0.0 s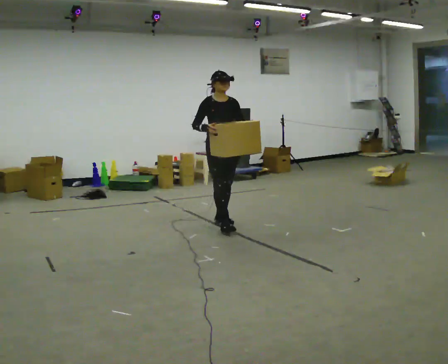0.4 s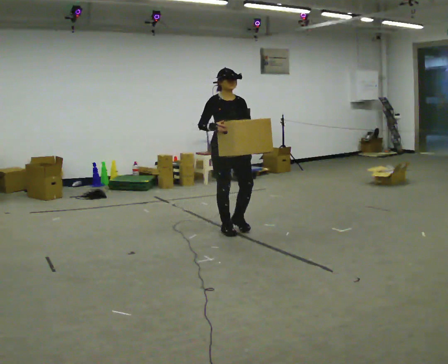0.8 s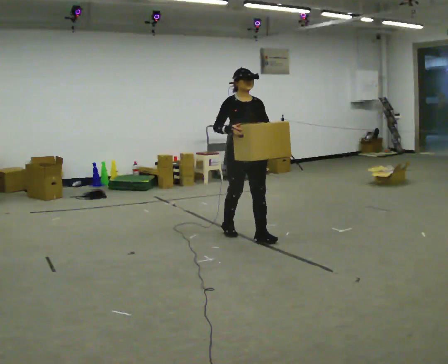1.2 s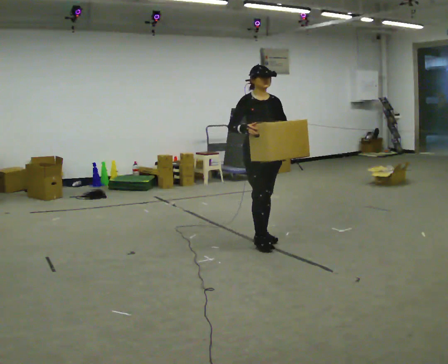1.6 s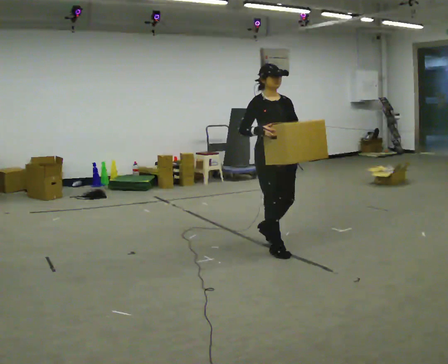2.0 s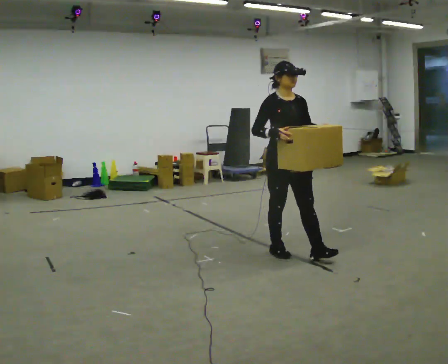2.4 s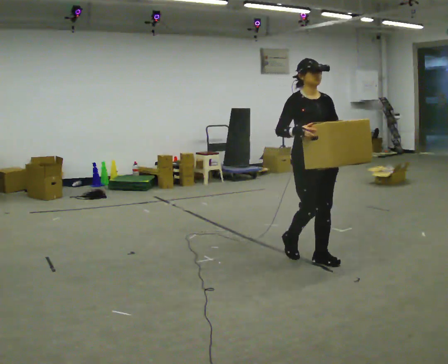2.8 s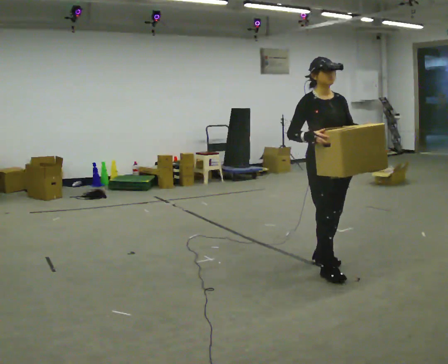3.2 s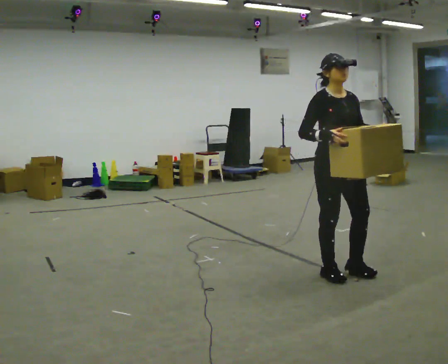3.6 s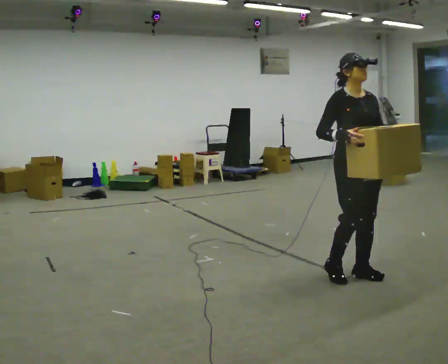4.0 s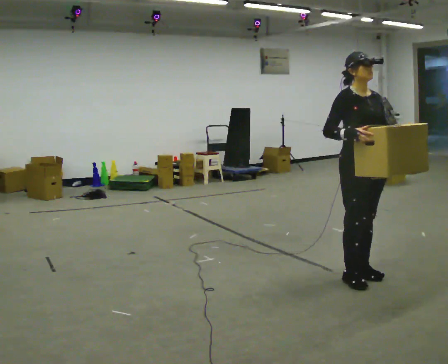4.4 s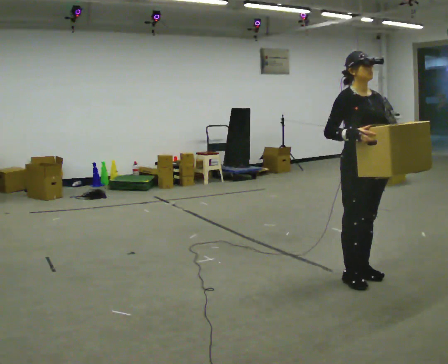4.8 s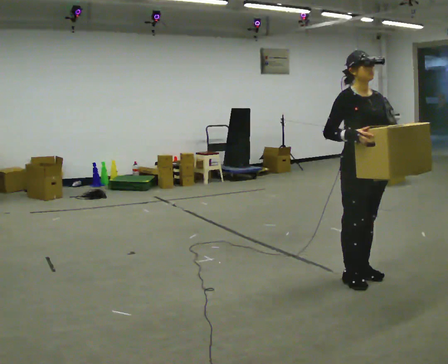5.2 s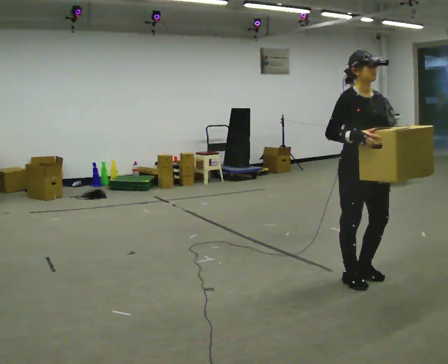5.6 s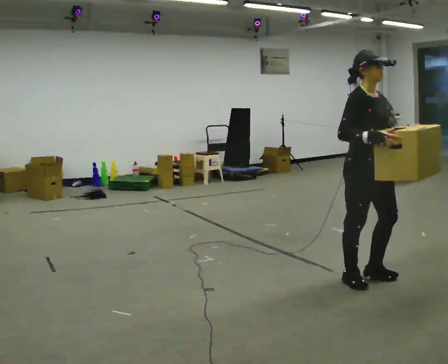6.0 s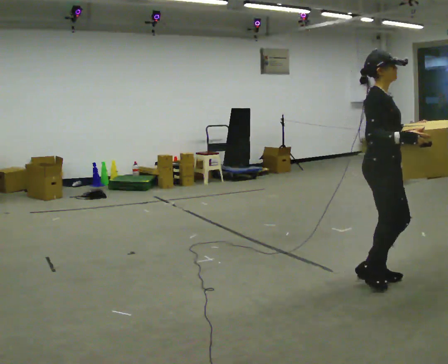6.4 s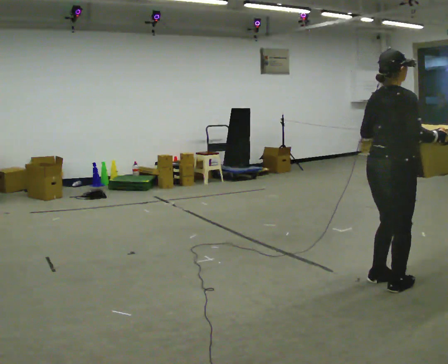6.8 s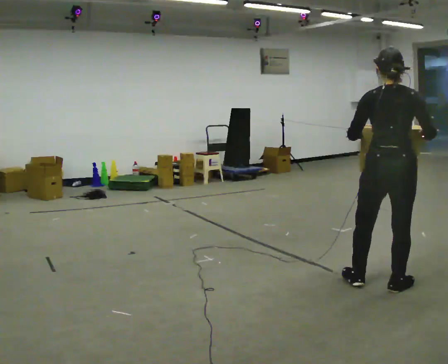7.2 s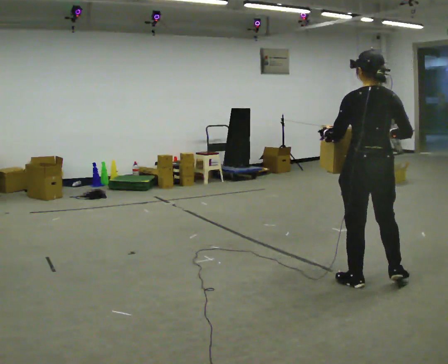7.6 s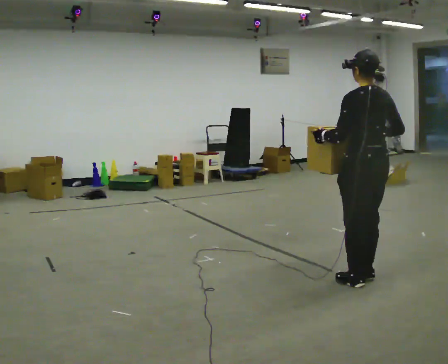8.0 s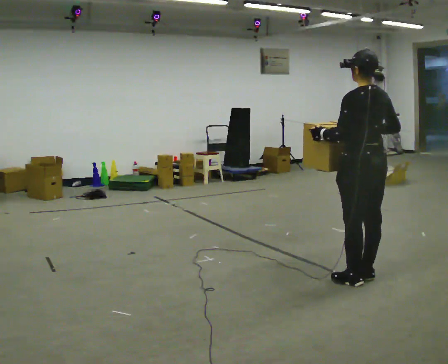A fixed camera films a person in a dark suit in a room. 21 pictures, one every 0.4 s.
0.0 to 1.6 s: In the picture they go toward the camera and to the right, about 1 m in 2 steps, which for them is forward.
1.6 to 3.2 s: In the picture they go toward the camera and to the right, about 1 m in 2 steps, which for them is forward.
3.2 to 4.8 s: In the picture they go to the right, about 0.25 m in 2 steps, which for them is forward.
4.8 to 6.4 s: The part of the body nearest the lens slides to the right as the person turns to their left by about 90 degrees. In the picture they go to the right and toward the camera, about 0.25 m in 2 steps.
6.4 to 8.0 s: Seen from above the body turns counterclockwise, about 90 degrees: to their left, with its near side sliding to the right. In the picture their left hand goes to the left.
The film runs forward here.
